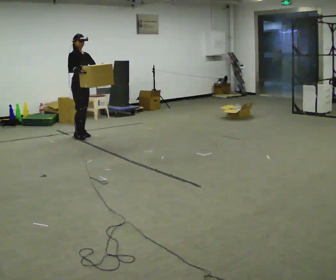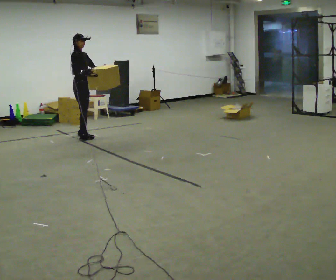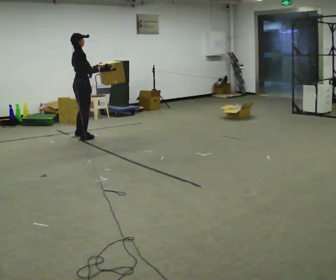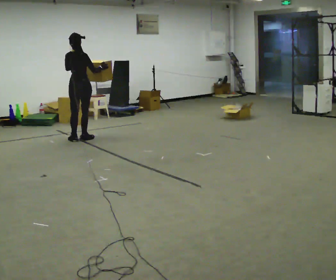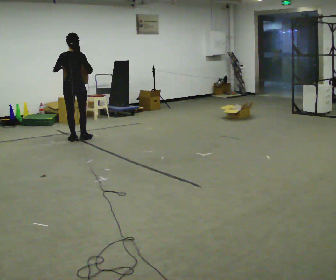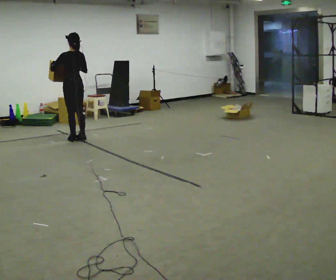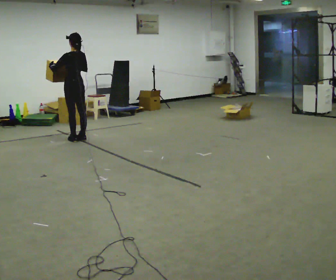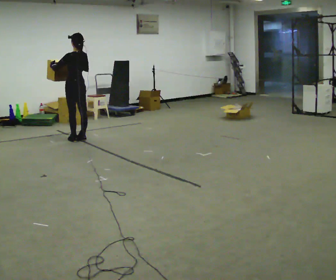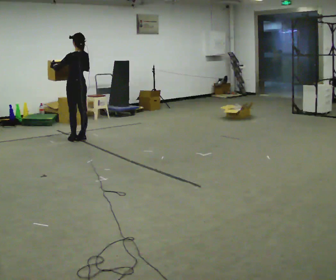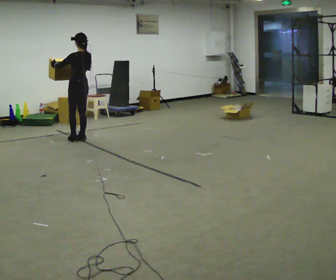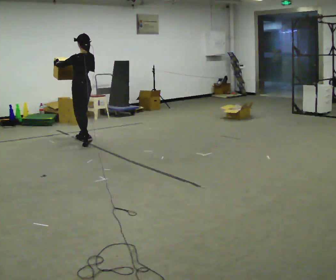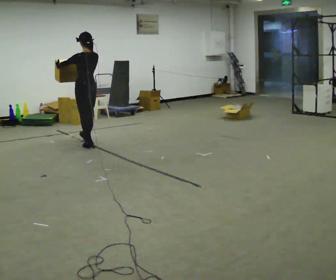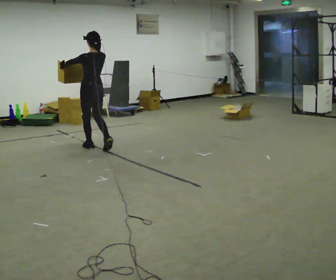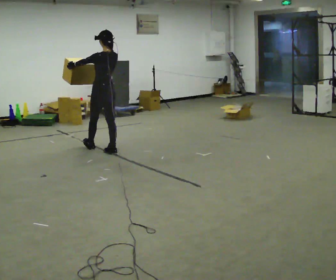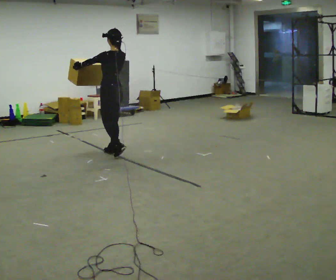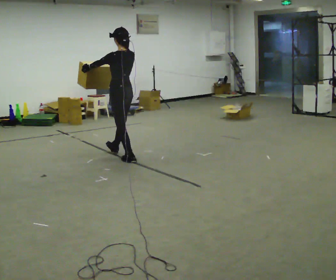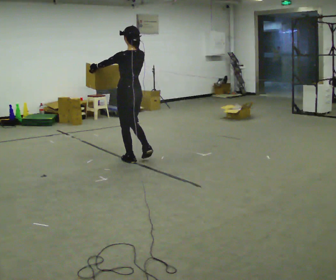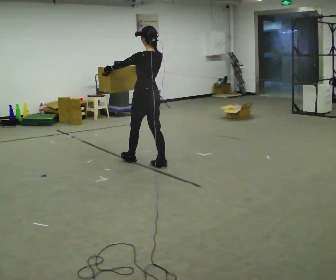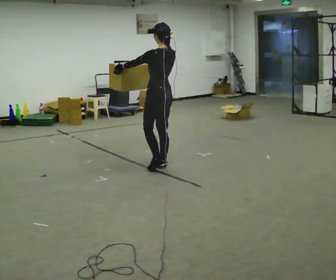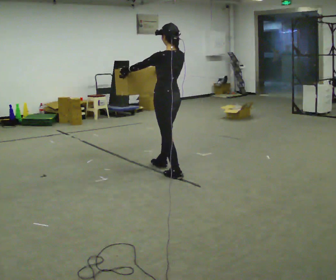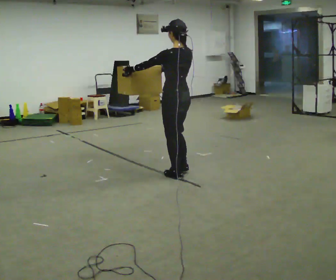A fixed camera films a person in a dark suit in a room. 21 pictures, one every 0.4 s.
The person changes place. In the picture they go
toward the camera.
0.0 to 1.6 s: The part of the body nearest the lens slides to the right as the person turns to their left by about 150 degrees. In the picture they go toward the camera, about 0.25 m in 2 steps.
1.6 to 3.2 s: The part of the body nearest the lens slides to the right as the person turns to their left by about 30 degrees.
3.2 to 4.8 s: In the picture they go toward the camera, about 0.5 m in 2 steps, which for them is backward.
4.8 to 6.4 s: In the picture they go toward the camera and to the right, about 1 m in 2 steps, which for them is backward.
6.4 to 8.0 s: In the picture they go toward the camera and to the right, about 1 m in 2 steps, which for them is backward.
The film runs backward here.
